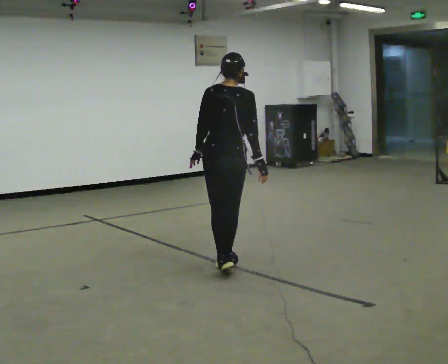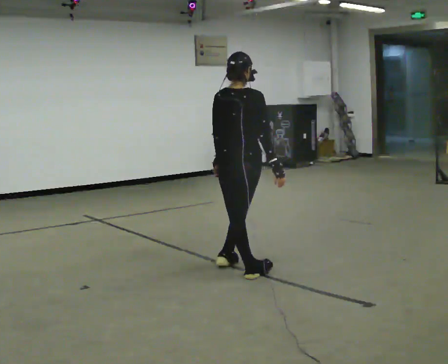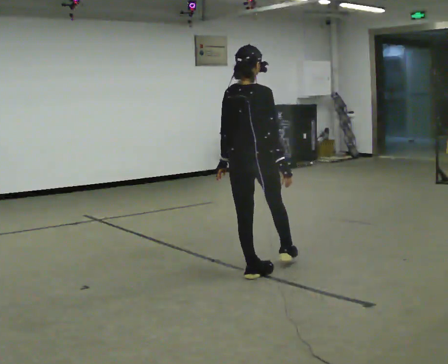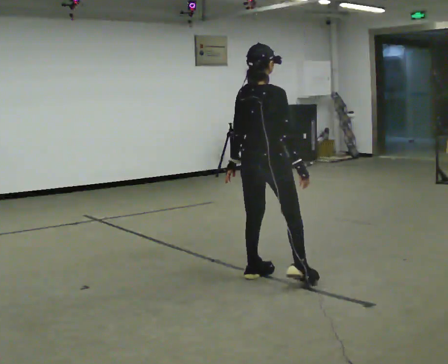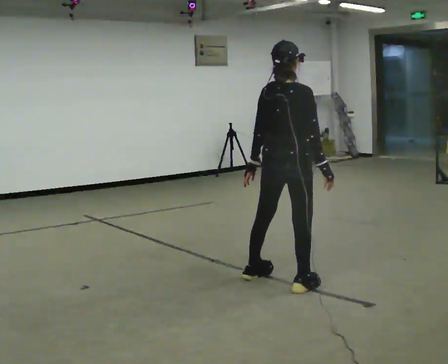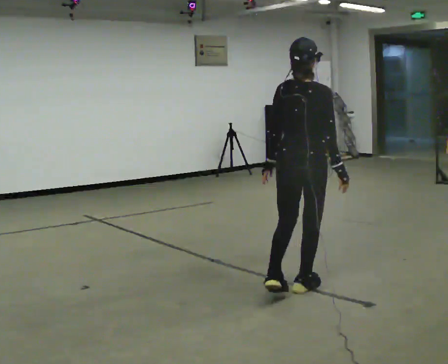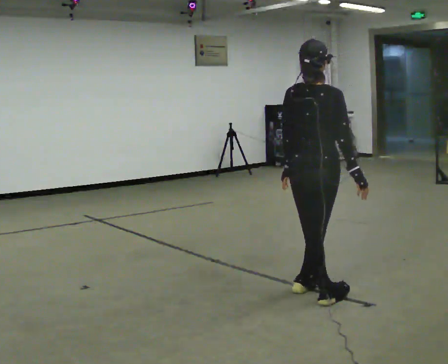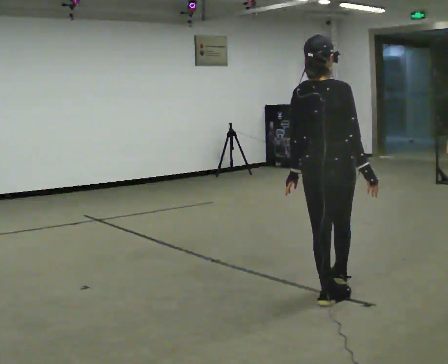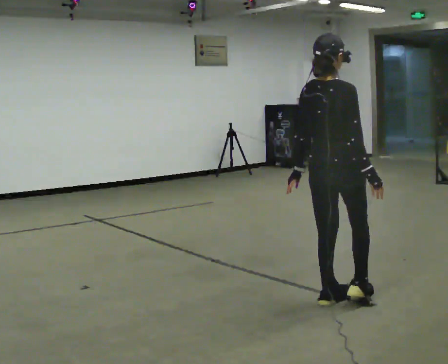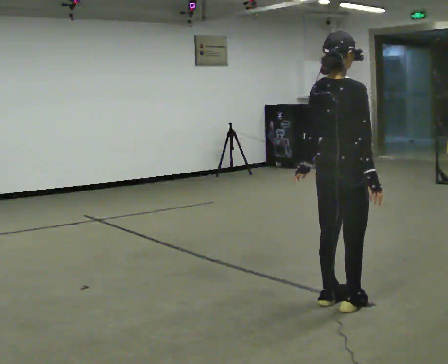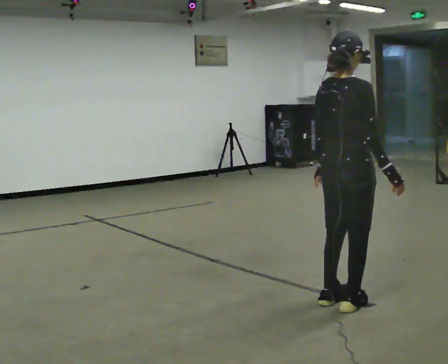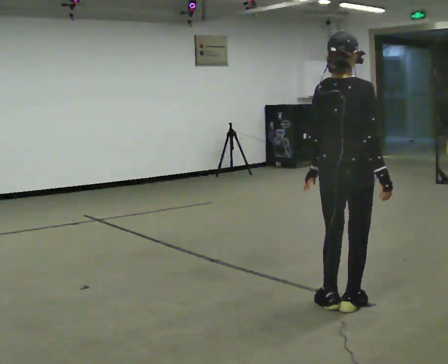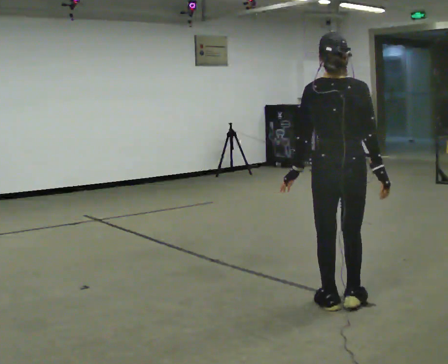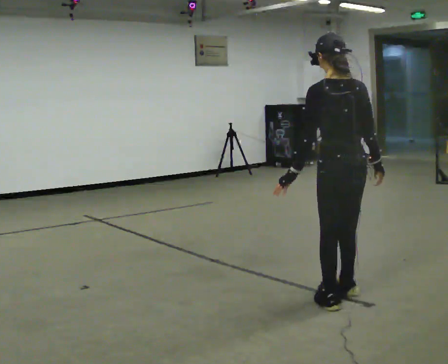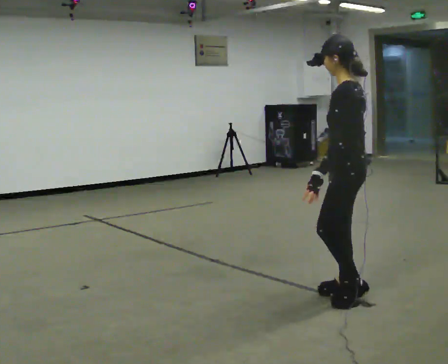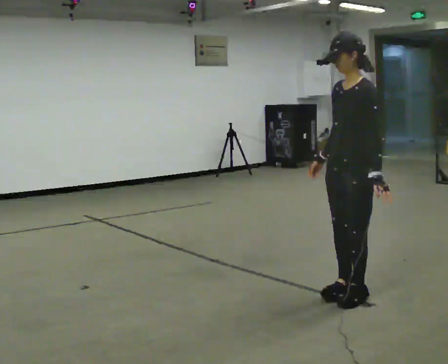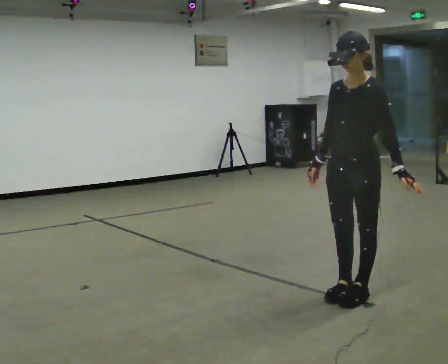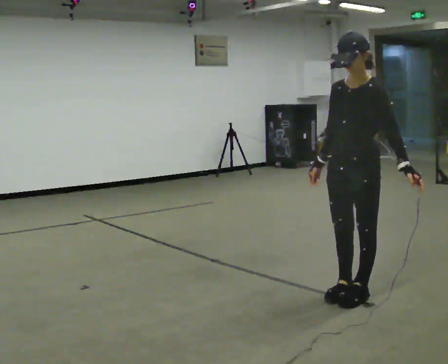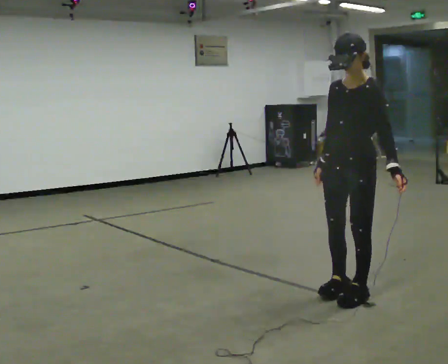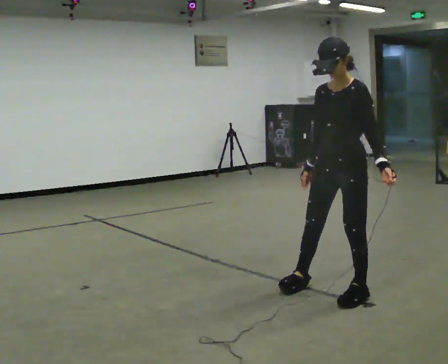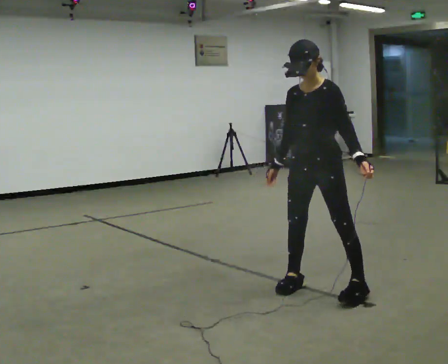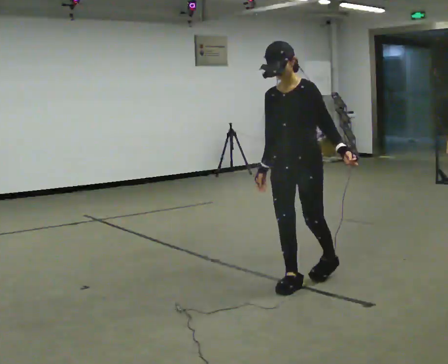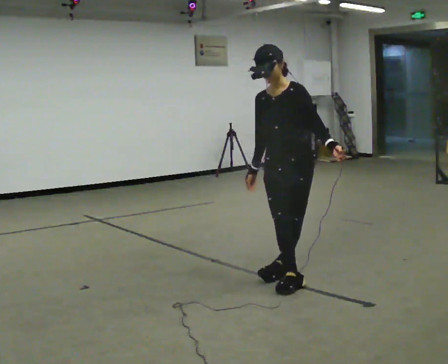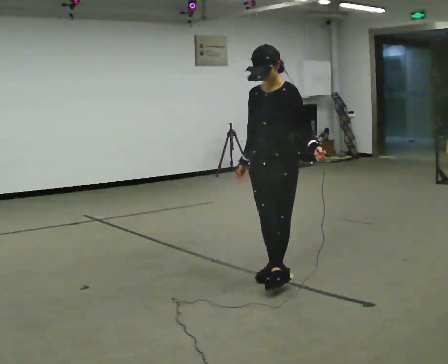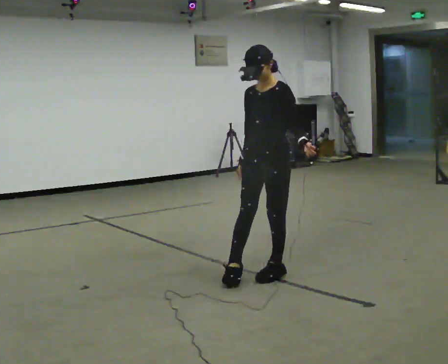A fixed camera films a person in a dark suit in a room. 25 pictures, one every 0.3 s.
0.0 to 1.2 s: The person turns about 30 degrees to their right, clockwise seen from above, so the part of the body nearest the lens slides to the left. In the picture they go toward the camera and to the right, about 0.5 m in 2 steps, which for them is to their right and backward.
1.2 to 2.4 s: In the picture they go toward the camera and to the right, about 0.5 m in 1 step, which for them is to their right and backward.
2.4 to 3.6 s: The part of the body nearest the lens slides to the right as the person turns to their left by about 30 degrees.
3.6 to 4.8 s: The person turns about 150 degrees to their left, counterclockwise seen from above, so the part of the body nearest the lens slides to the right. In the picture their right hand goes to the left, the arm swinging clockwise.
4.8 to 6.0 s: In the picture they go to the left and away from the camera, about 0.25 m in 2 steps, which for them is to their right.
6.0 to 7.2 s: In the picture they go away from the camera and to the left, about 0.5 m in 1 step, which for them is to their right.
The film runs backward here.
